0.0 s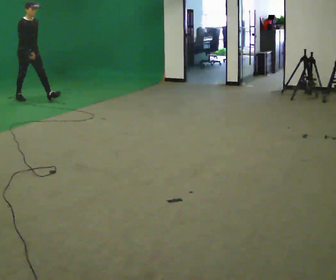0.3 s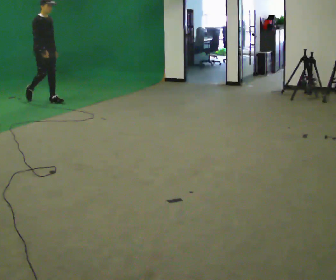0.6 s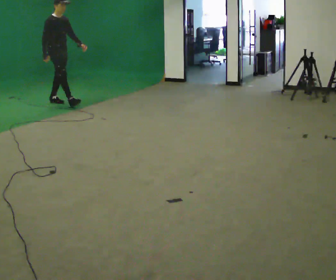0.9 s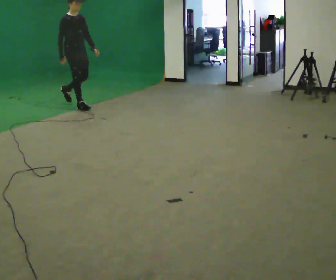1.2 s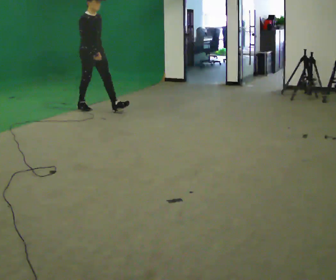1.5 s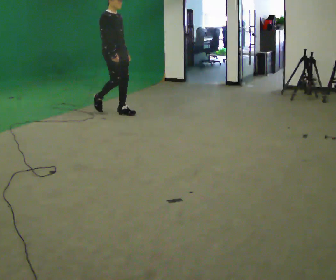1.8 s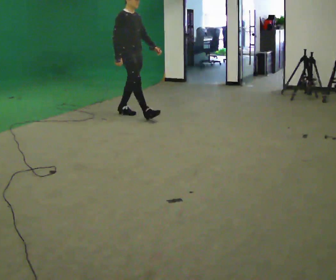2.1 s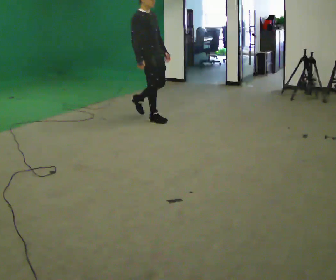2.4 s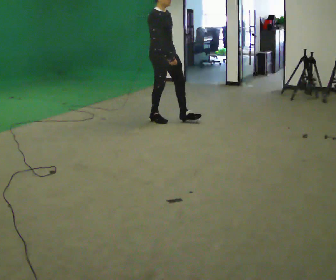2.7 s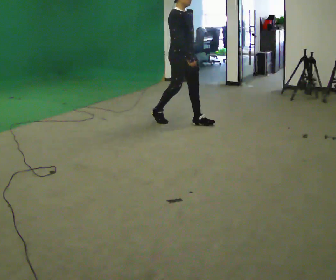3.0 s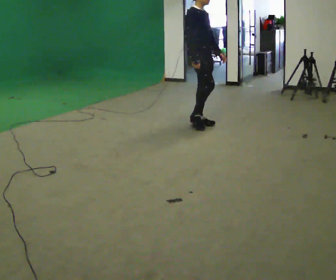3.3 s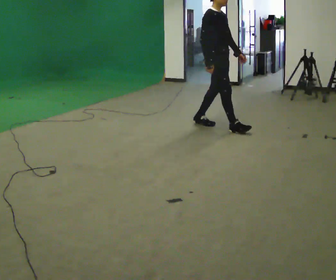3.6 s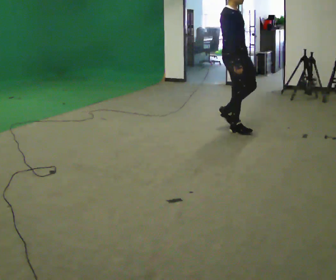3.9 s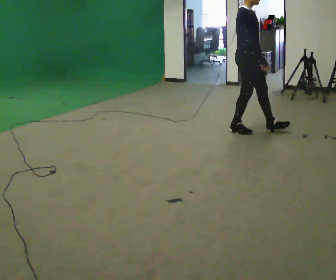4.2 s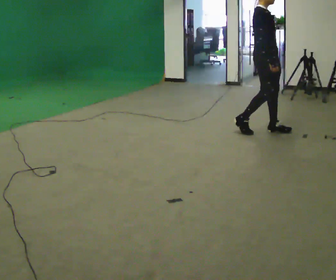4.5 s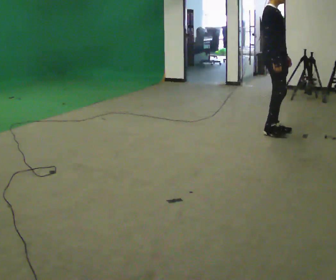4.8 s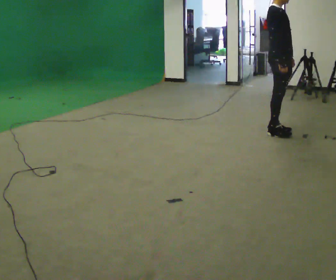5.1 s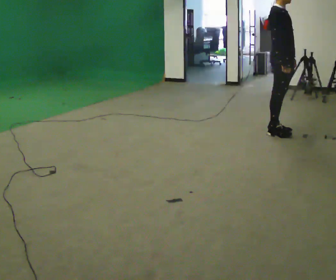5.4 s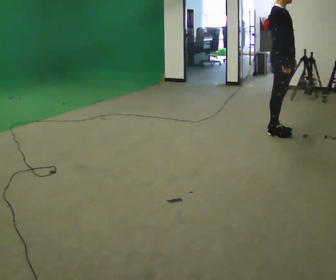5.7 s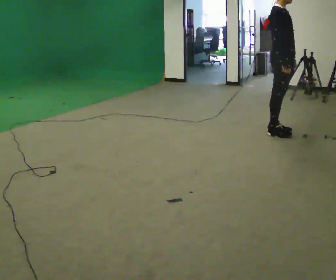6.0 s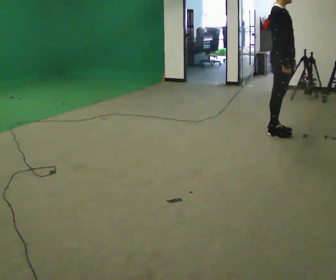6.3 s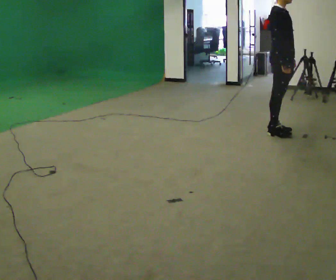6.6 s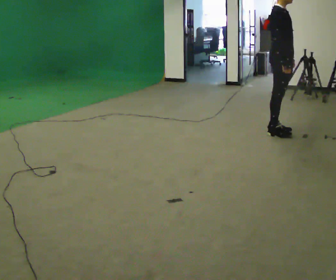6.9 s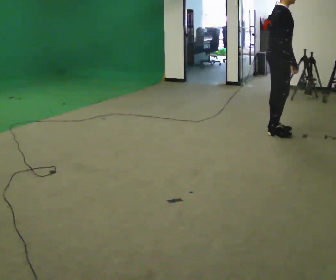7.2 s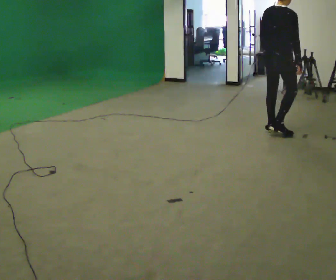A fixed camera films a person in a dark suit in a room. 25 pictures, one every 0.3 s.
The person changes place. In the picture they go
to the right.
0.0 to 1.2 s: In the picture they go to the right, about 1.5 m in 2 steps, which for them is forward.
1.2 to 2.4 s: In the picture they go to the right, about 1 m in 2 steps, which for them is forward.
2.4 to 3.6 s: In the picture they go to the right, about 1 m in 2 steps, which for them is forward.
3.6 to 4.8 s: In the picture they go to the right, about 0.5 m in 2 steps, which for them is forward.
4.8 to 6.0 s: The person moves a little, or ends about where they began.
6.0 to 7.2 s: The part of the body nearest the lens slides to the right as the person turns to their left by about 75 degrees. In the picture their left hand goes to the left.
The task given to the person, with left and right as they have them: Start at normal speed; gradually slow over several steps; stop gently.
The film runs forward here.
